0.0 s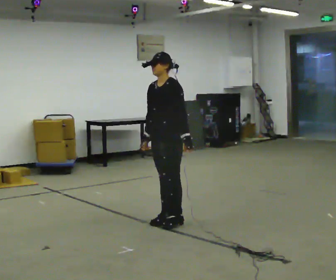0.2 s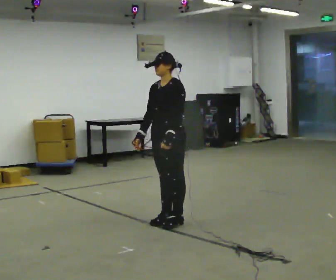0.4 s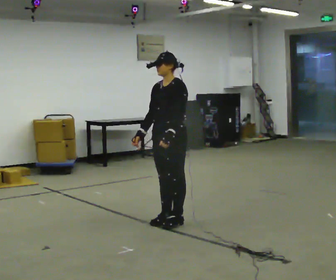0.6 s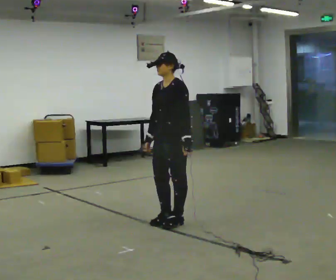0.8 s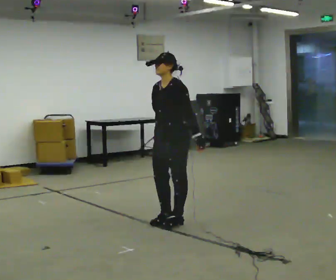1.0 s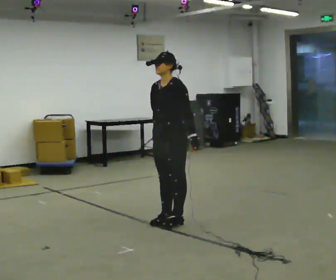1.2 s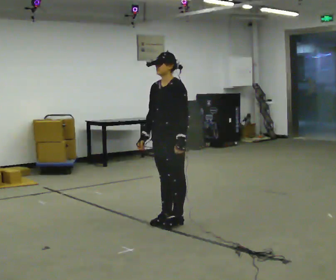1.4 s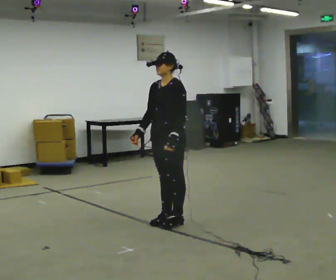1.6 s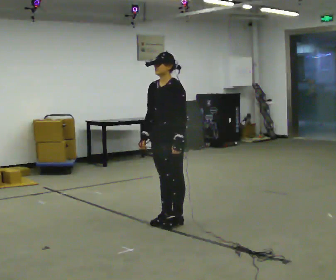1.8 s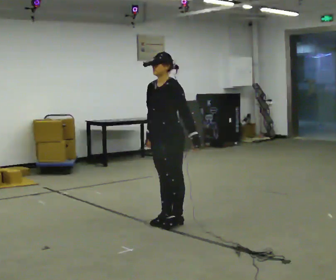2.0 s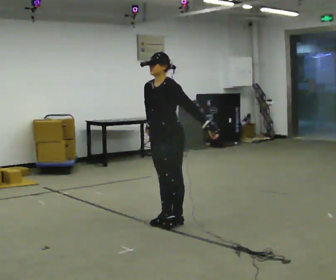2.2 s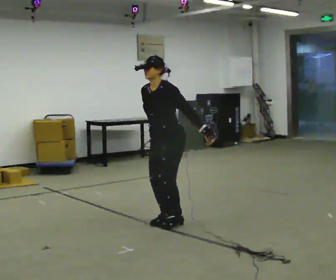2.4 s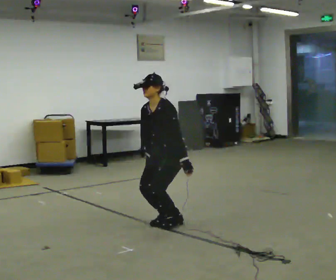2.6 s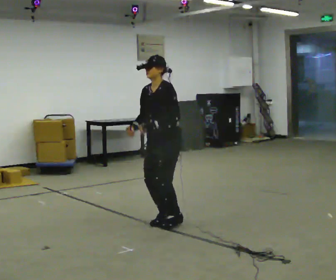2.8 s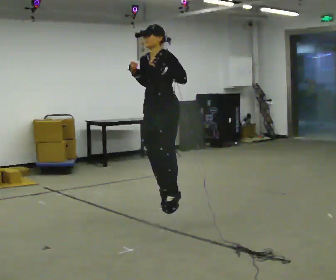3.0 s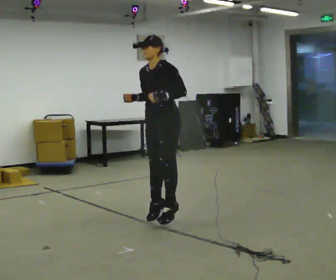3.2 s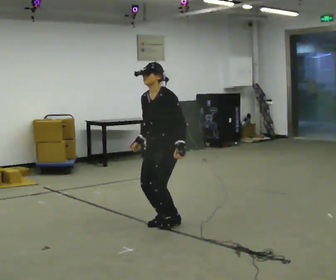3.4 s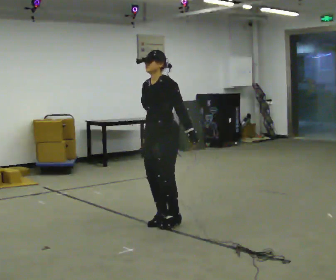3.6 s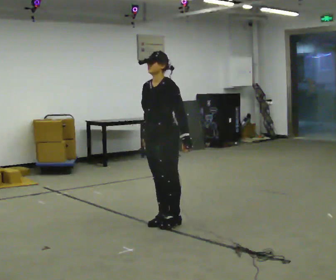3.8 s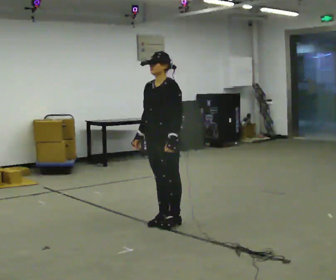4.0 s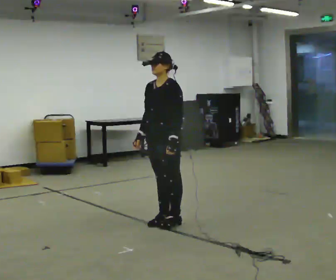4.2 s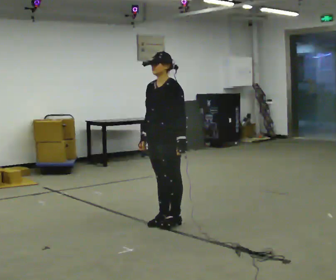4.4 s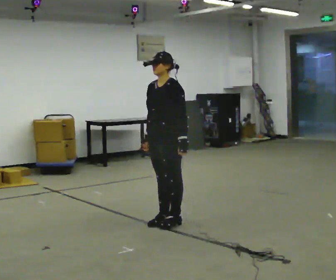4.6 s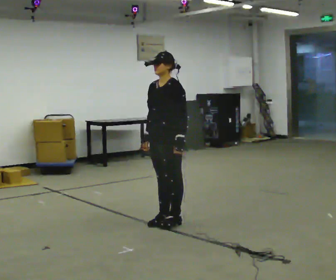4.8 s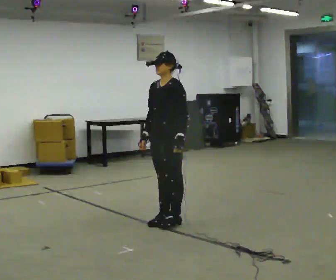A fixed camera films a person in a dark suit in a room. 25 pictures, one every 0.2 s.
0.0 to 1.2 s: The person moves a little, or ends about where they began.
1.2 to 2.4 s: The upper body goes downward. In the picture the upper body tilts counterclockwise, shoulders to the left, as they bend forward.
2.4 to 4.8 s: The person moves a little, or ends about where they began.
The film runs forward here.
